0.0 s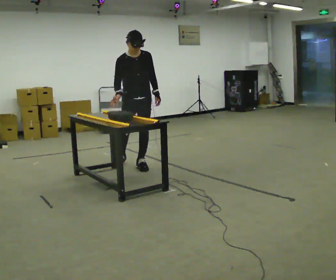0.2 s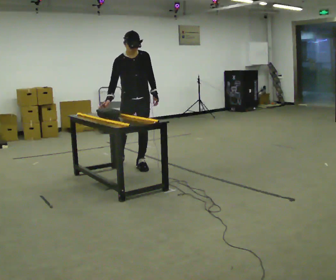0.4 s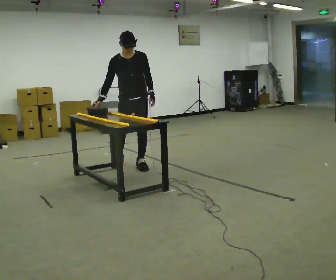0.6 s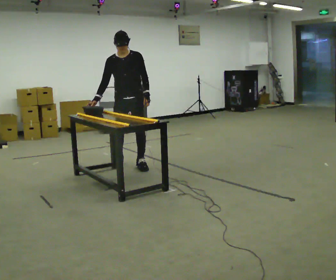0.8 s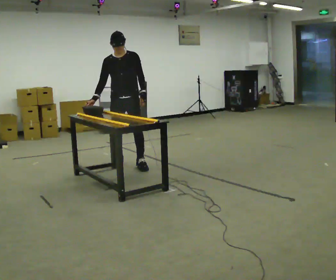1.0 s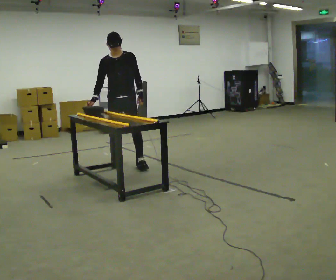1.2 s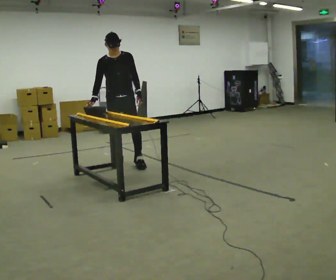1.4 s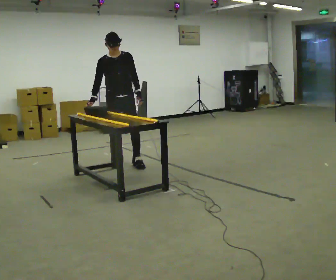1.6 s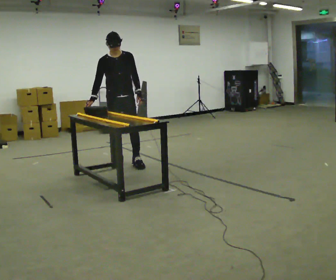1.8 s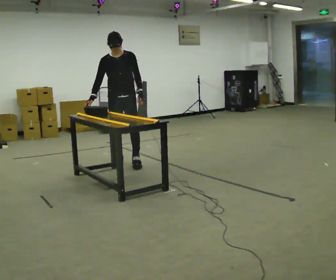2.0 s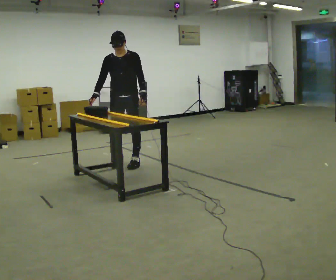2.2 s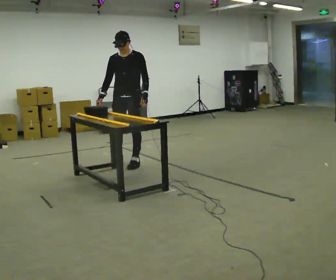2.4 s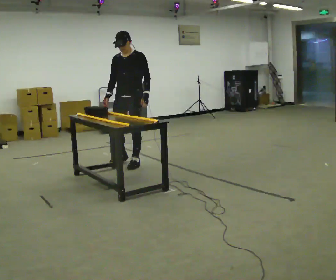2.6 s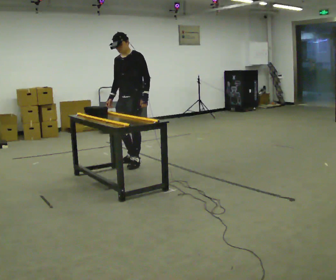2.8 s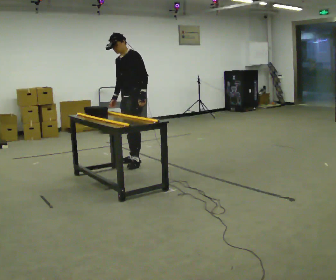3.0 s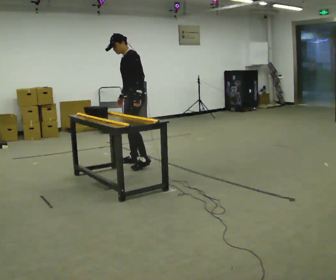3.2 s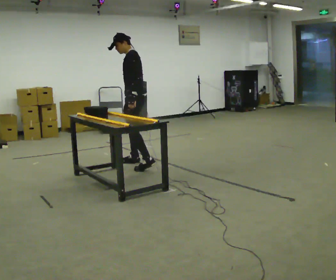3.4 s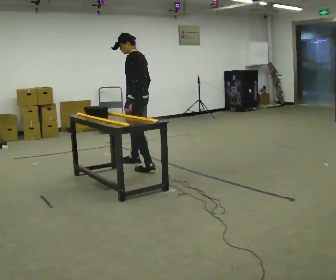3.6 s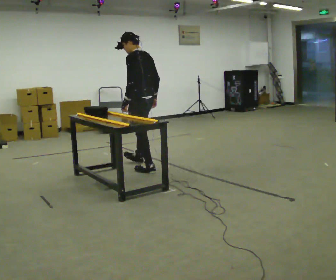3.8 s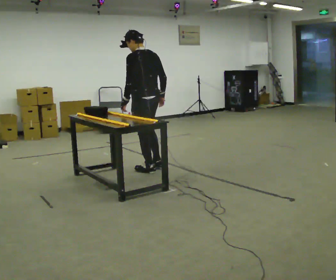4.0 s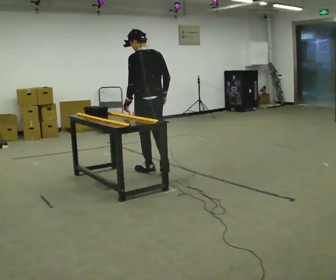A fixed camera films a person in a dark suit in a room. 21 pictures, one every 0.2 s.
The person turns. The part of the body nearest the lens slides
to the left.
Their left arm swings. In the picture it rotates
clockwise.
0.0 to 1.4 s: In the picture they go to the left and away from the camera, about 0.25 m, which for them is to their right and backward.
1.4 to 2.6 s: Seen from above the body turns clockwise, about 45 degrees: to their right, with its near side sliding to the left. In the picture they go to the right, about 0.25 m in 1 step, which for them is to their left.
2.6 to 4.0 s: The part of the body nearest the lens slides to the left as the person turns to their right by about 120 degrees. In the picture they go toward the camera, about 0.5 m in 2 steps.
The film runs backward here.
